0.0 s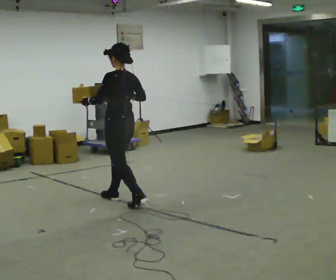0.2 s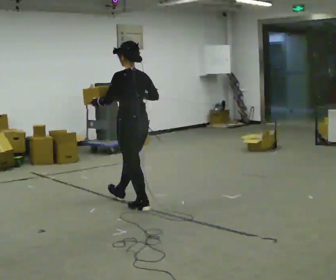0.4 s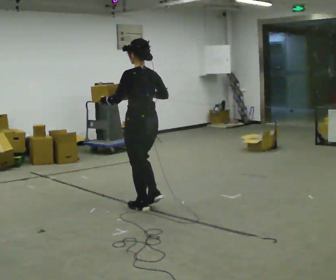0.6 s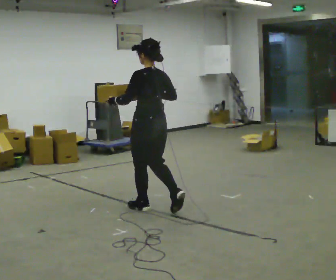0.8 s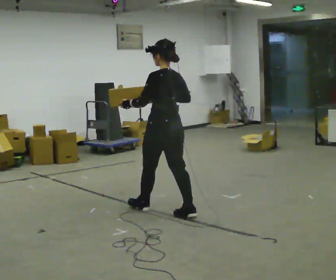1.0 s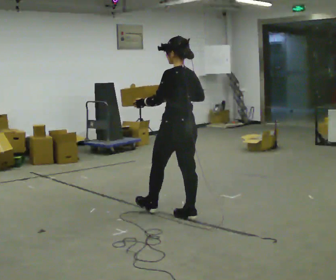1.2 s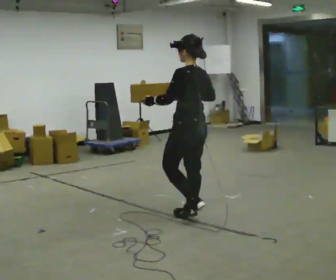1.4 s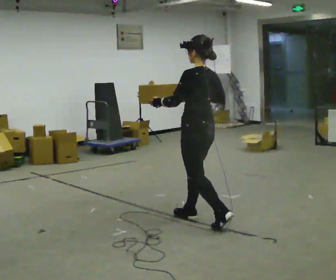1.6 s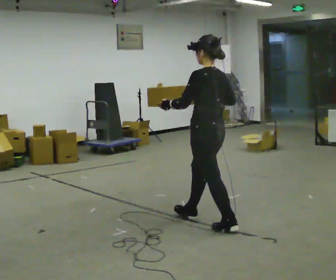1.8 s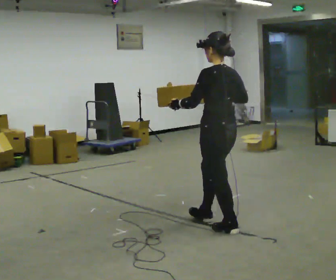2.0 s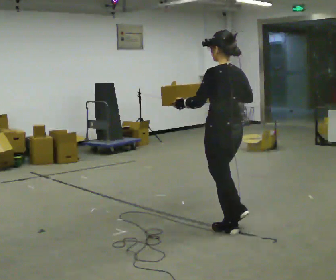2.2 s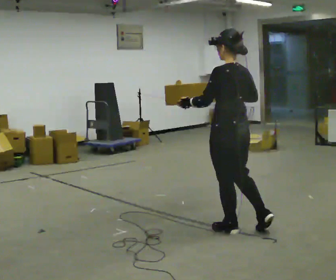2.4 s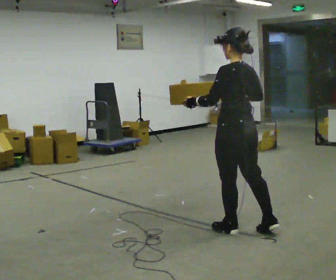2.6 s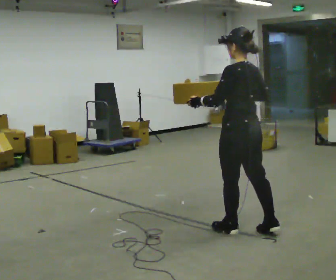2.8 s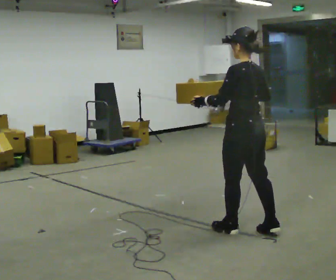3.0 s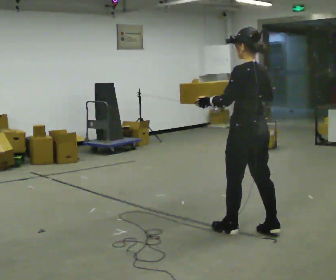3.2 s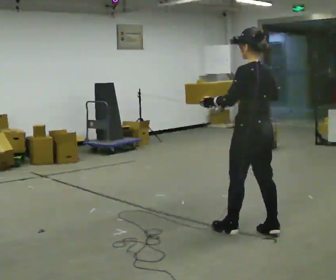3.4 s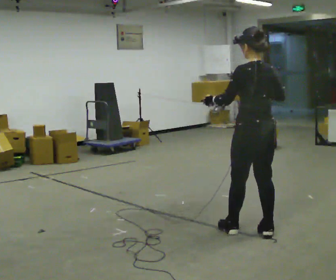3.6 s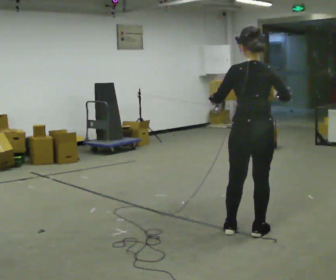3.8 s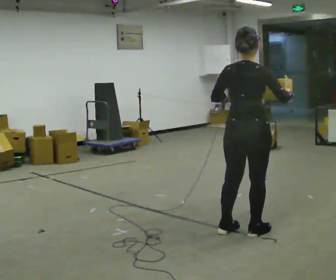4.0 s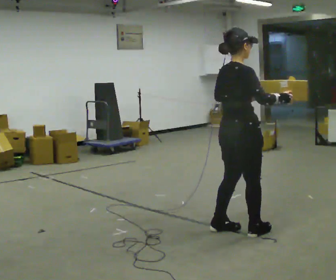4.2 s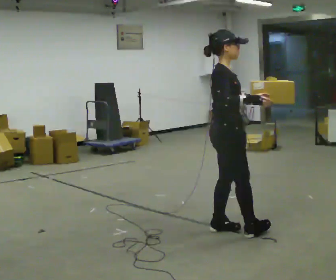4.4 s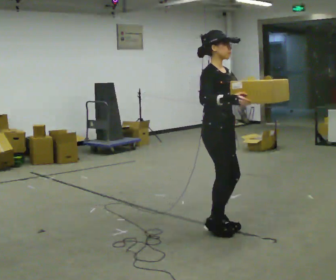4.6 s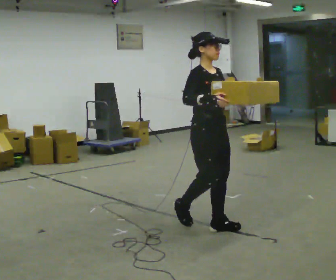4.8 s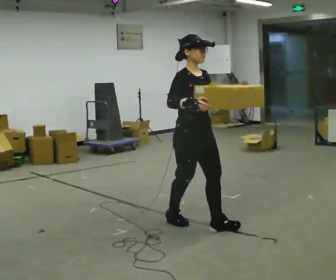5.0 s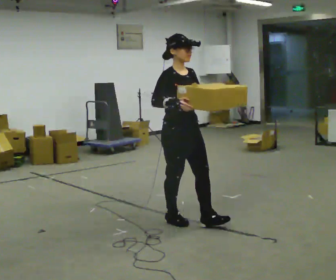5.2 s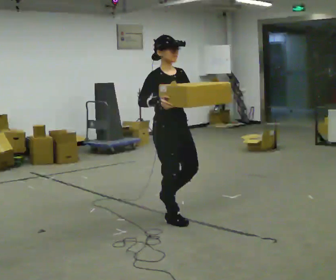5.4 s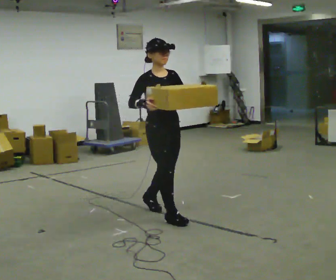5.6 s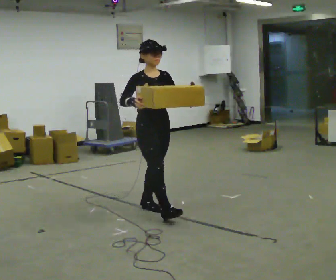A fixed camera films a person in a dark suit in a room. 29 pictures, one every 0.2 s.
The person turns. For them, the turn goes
to their right.
The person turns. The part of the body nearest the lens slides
to the left.
0.0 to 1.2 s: In the picture they go to the right and toward the camera, about 1 m in 2 steps, which for them is backward.
1.2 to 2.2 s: In the picture they go toward the camera and to the right, about 0.5 m in 1 step, which for them is backward.
2.2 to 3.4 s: In the picture they go to the right, about 0.25 m in 1 step, which for them is backward.
3.4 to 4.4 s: The person turns about 150 degrees to their right, clockwise seen from above, so the part of the body nearest the lens slides to the left. In the picture they go to the left, about 0.25 m in 2 steps.
4.4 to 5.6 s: The part of the body nearest the lens slides to the left as the person turns to their right by about 30 degrees. In the picture they go to the left and away from the camera, about 1 m in 2 steps, which for them is backward.
The film runs backward here.
